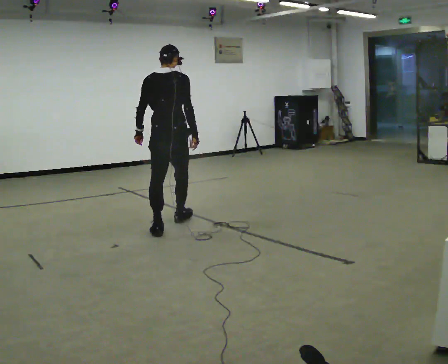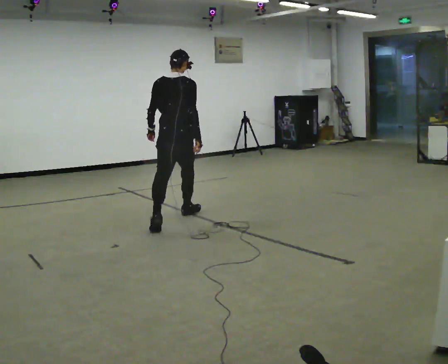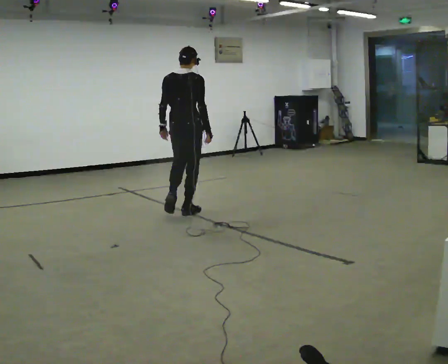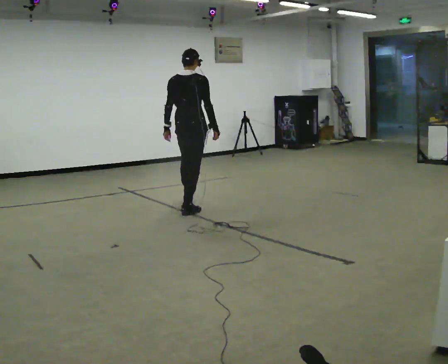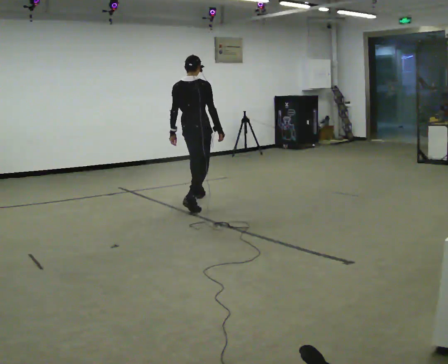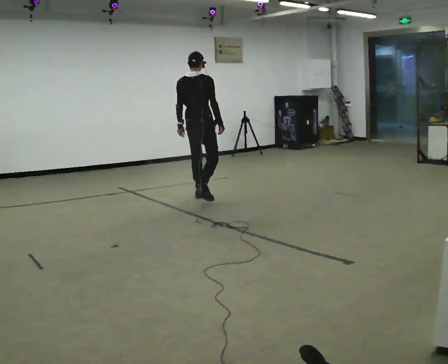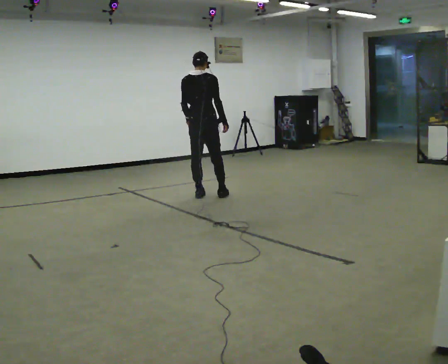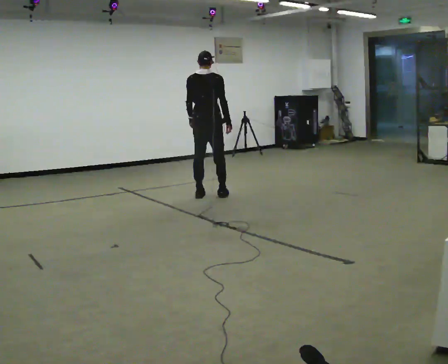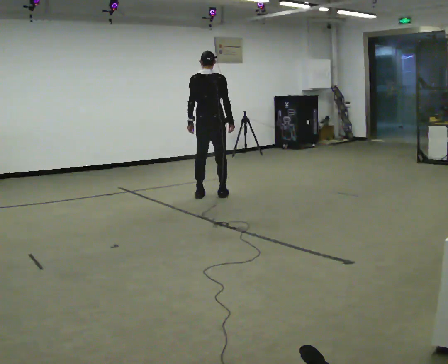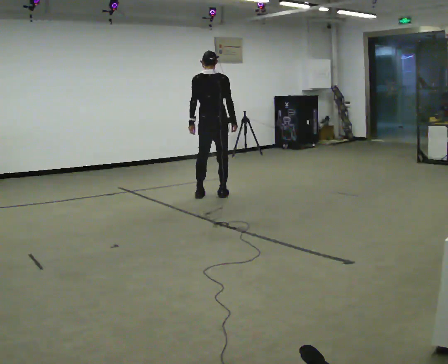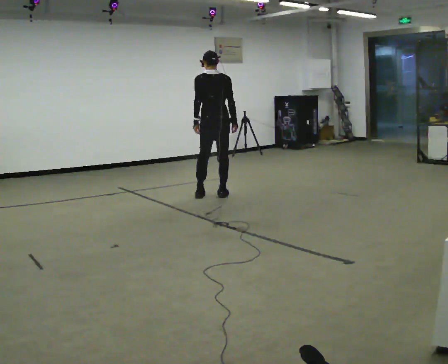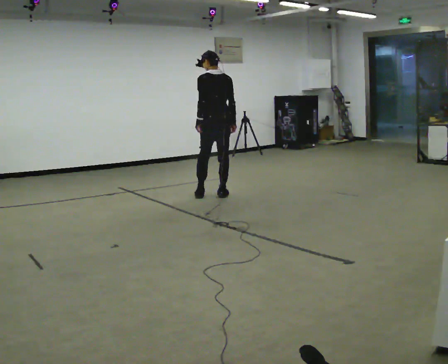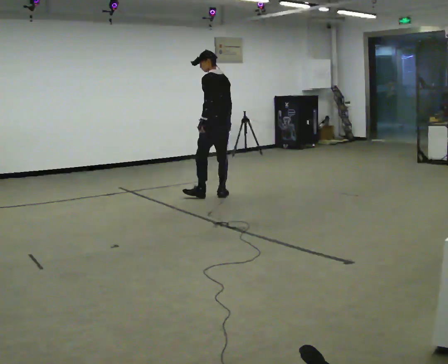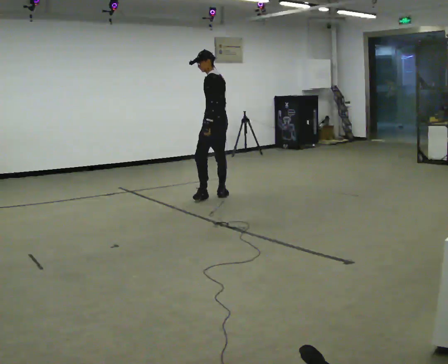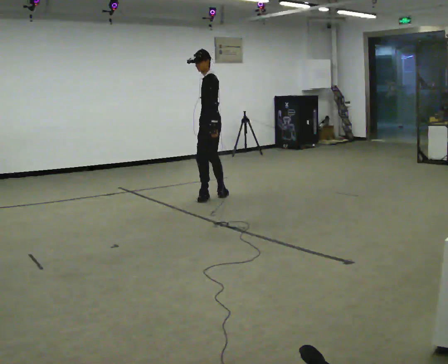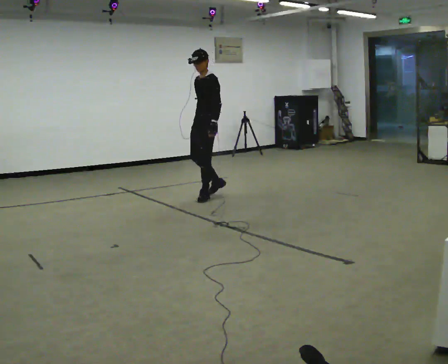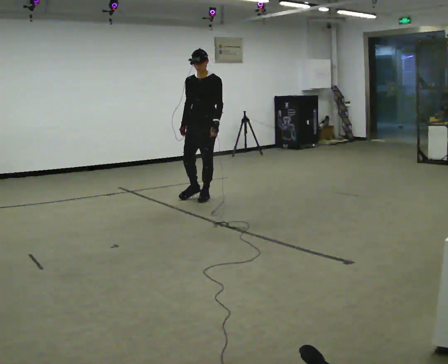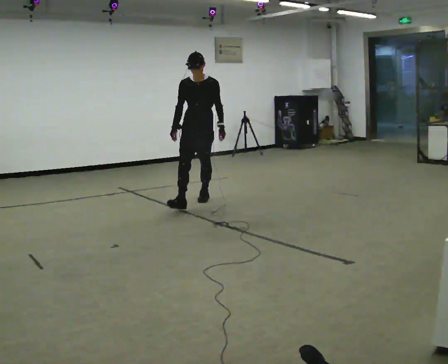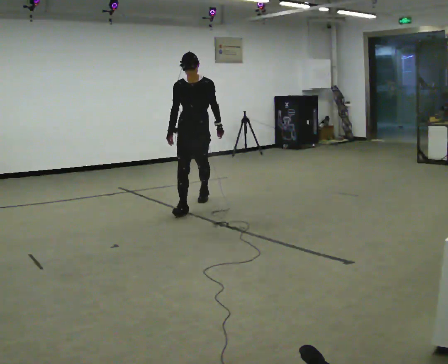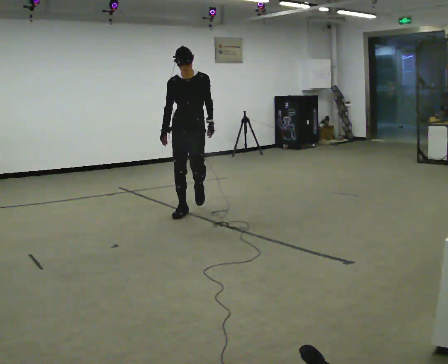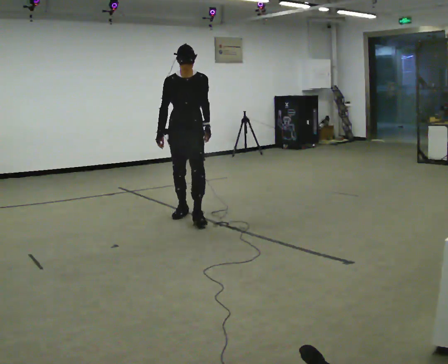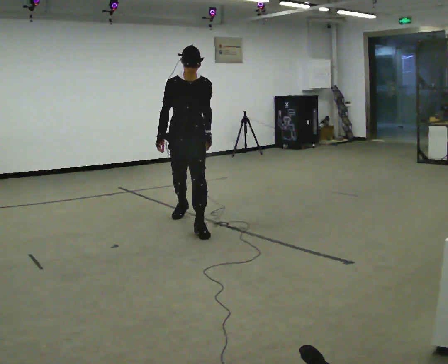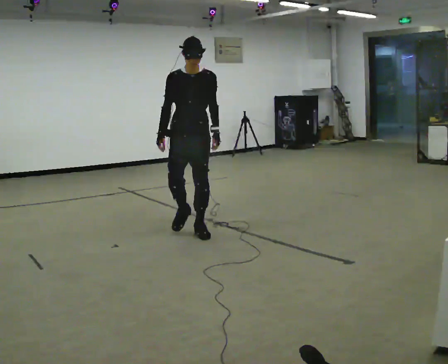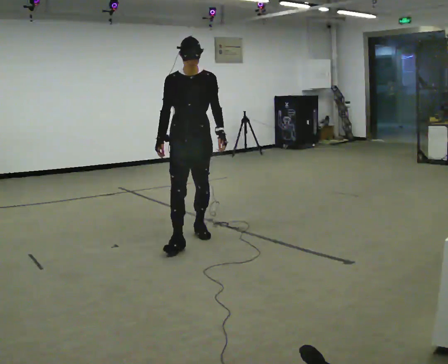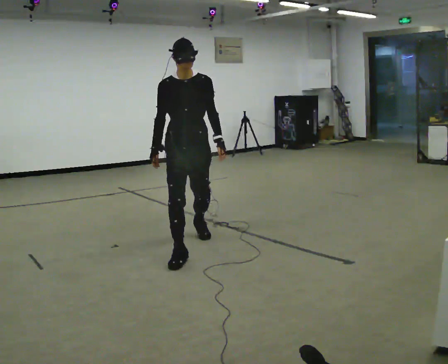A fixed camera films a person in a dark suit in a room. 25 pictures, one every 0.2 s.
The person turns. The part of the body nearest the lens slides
to the right.
The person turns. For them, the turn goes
to their left.
0.0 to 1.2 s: In the picture they go away from the camera, about 1 m in 2 steps, which for them is forward.
1.2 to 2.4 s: Seen from above the body turns counterclockwise, about 60 degrees: to their left, with its near side sliding to the right. In the picture they go to the right, about 0.25 m in 1 step.
2.4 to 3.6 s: Seen from above the body turns counterclockwise, about 135 degrees: to their left, with its near side sliding to the right. In the picture they go toward the camera and to the left, about 0.5 m in 1 step. The upper body tips toward the camera, its near side rolling downward.
3.6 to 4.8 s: In the picture they go toward the camera, about 1.5 m in 2 steps, which for them is forward.
The film runs forward here.
